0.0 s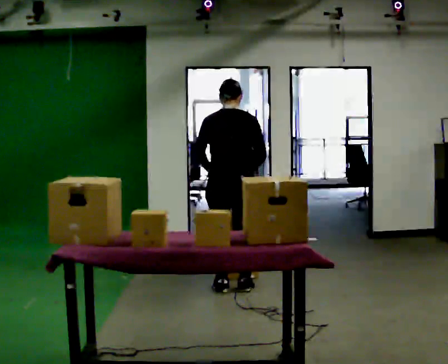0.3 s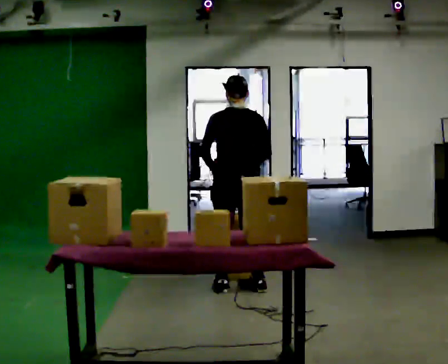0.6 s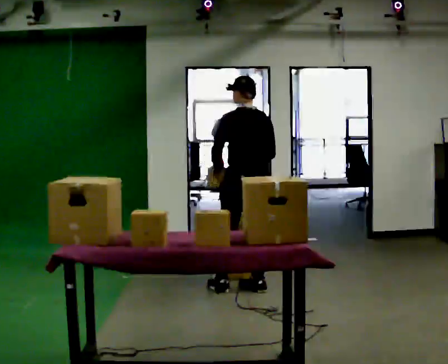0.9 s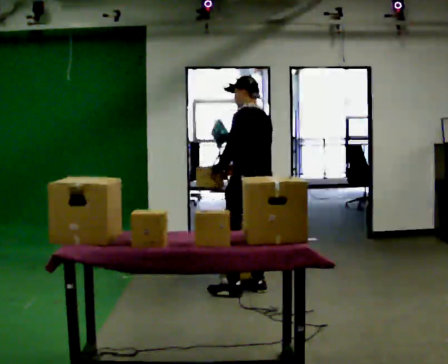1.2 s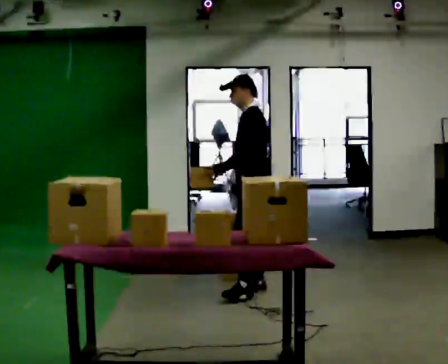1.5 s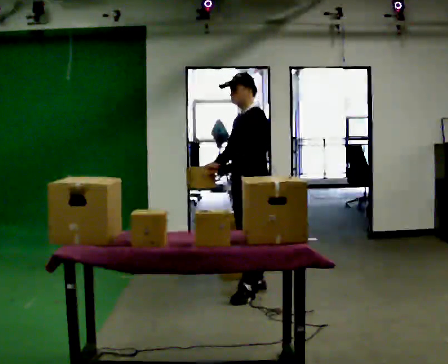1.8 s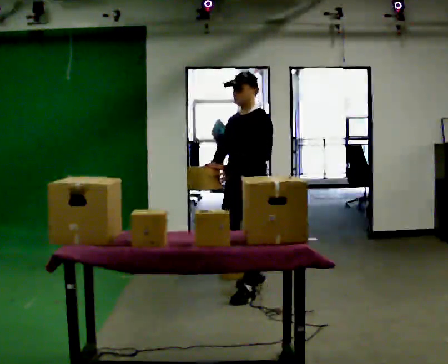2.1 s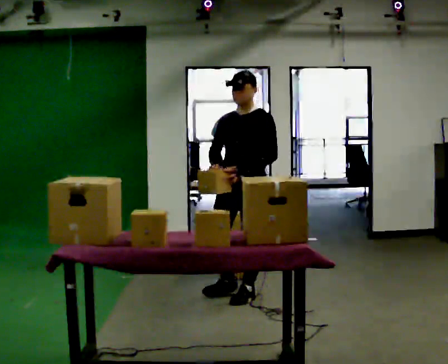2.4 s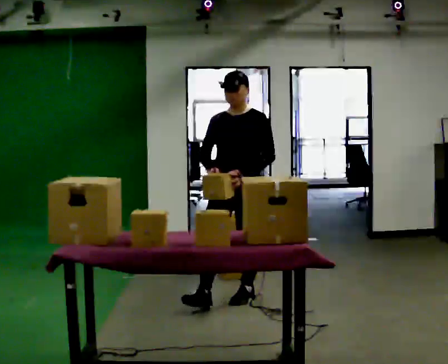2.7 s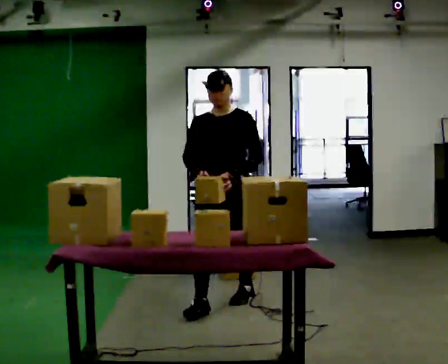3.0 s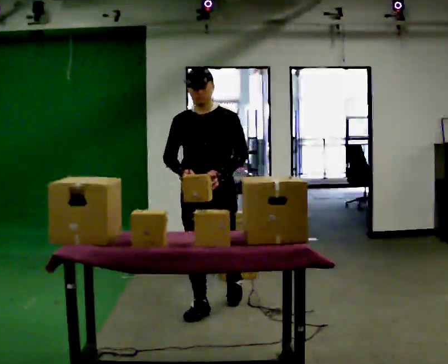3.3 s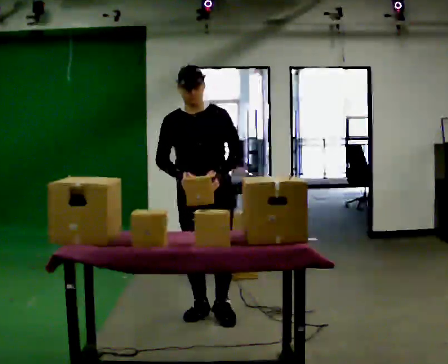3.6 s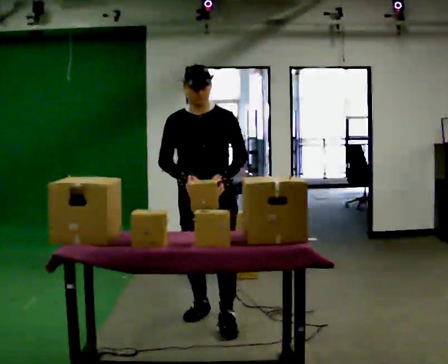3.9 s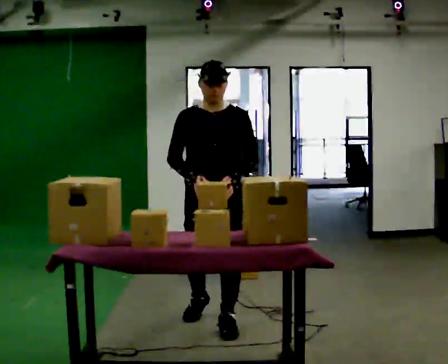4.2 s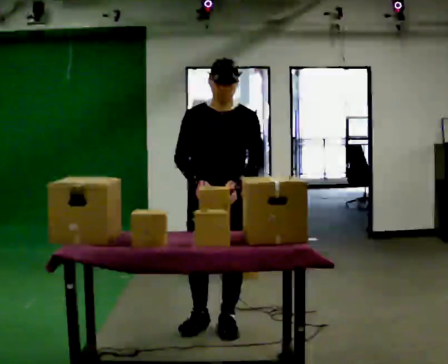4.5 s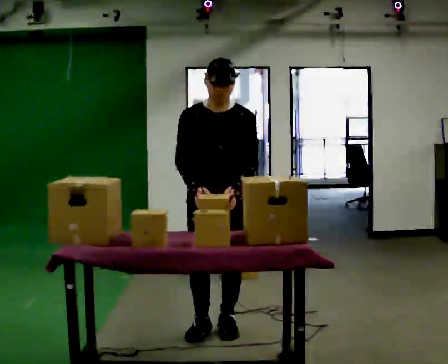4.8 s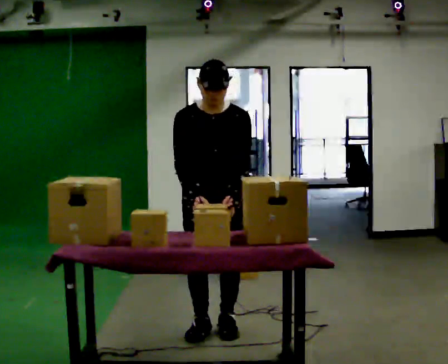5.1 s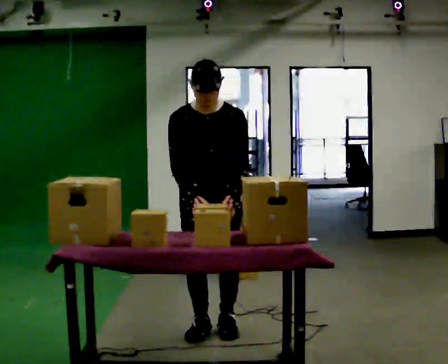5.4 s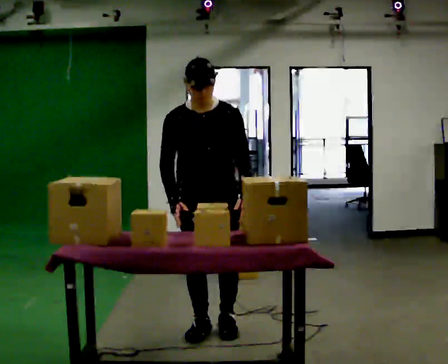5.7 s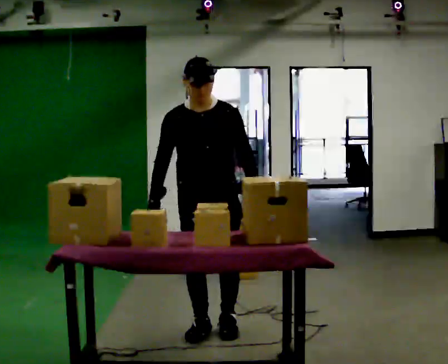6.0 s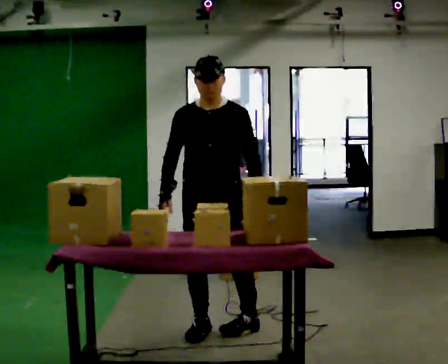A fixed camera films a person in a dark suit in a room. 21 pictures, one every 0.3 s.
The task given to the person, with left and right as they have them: Carry the object over and fit it into the gap between the two boxes already on the shelf, without touching either of them. Keep going until the operator says stop; one object at a time, and do not rush between trips.
0.0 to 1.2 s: The part of the body nearest the lens slides to the right as the person turns to their left by about 90 degrees. In the picture they go to the right, about 0.25 m in 2 steps.
1.2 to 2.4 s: Seen from above the body turns counterclockwise, about 60 degrees: to their left, with its near side sliding to the right. In the picture they go toward the camera and to the left, about 0.25 m.
2.4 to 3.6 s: In the picture they go toward the camera and to the left, about 0.5 m in 2 steps, which for them is forward.
3.6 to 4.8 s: In the picture they go toward the camera, about 0.25 m in 1 step, which for them is forward.
4.8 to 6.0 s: The person moves a little, or ends about where they began.
The film runs forward here.
